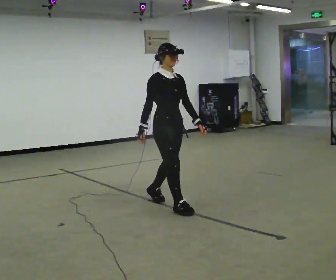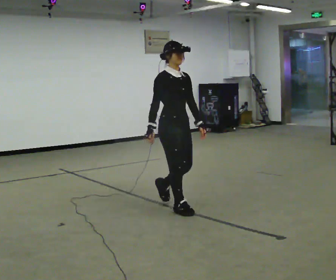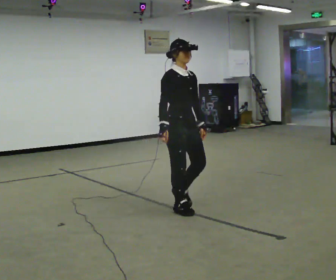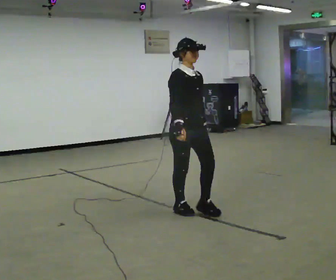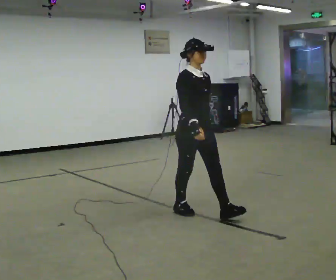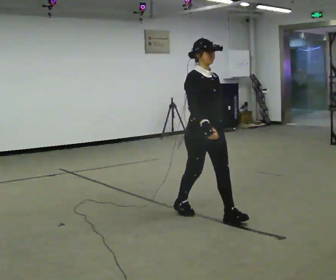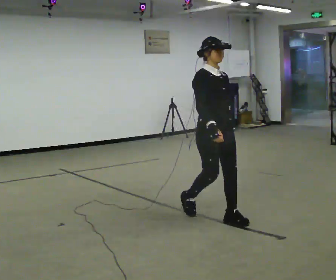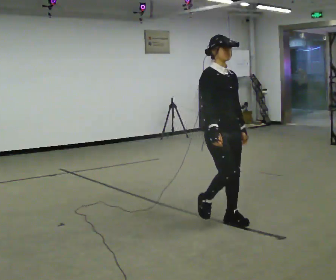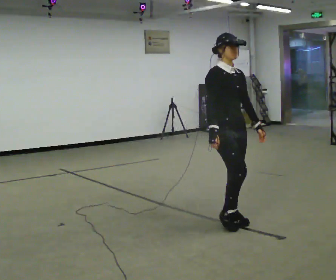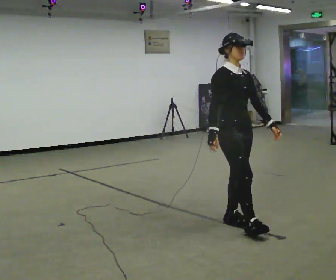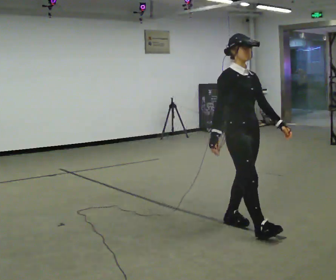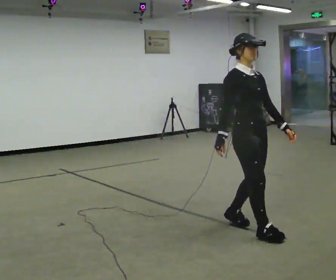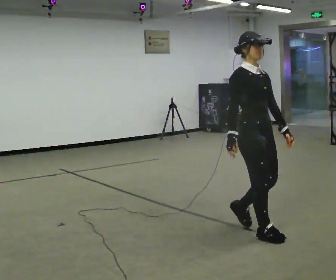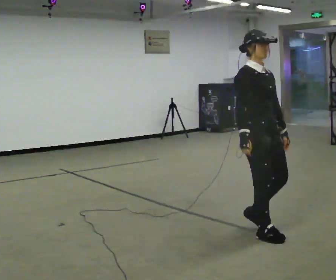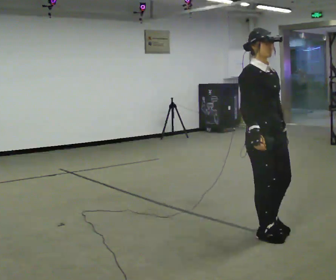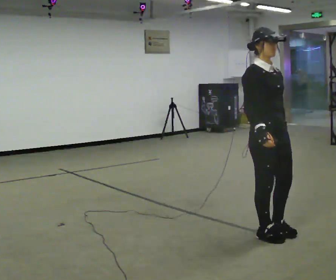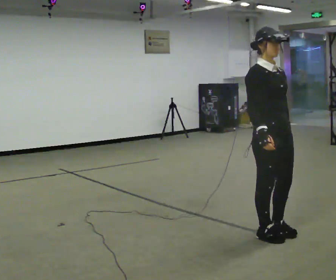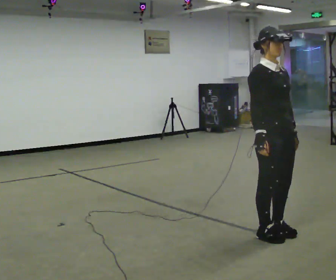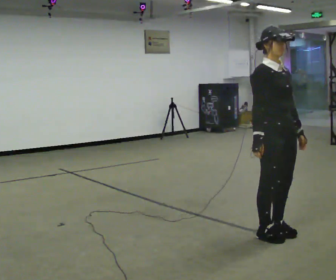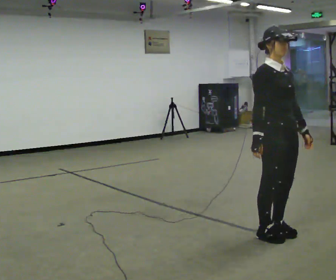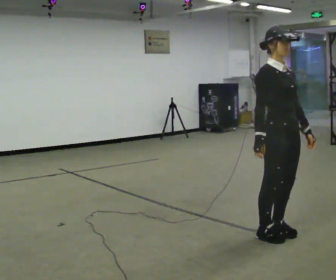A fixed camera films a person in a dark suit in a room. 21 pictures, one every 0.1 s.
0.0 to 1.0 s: In the picture they go to the right and toward the camera, about 1 m in 1 step, which for them is forward.
1.0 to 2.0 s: In the picture they go to the right and toward the camera, about 0.25 m in 2 steps, which for them is forward.
The film runs forward here.
